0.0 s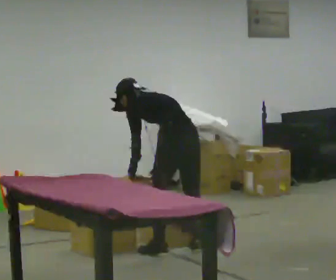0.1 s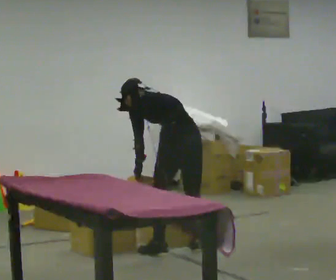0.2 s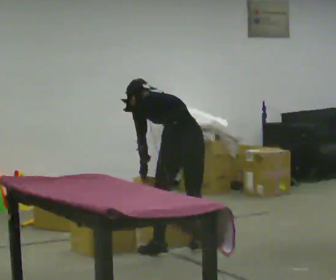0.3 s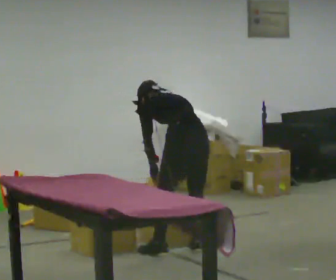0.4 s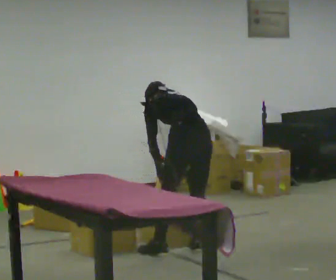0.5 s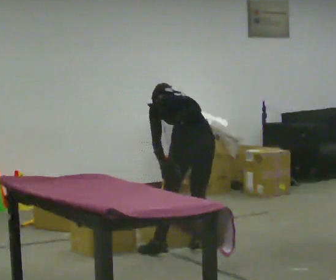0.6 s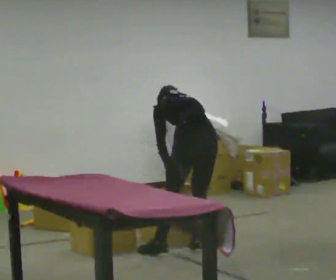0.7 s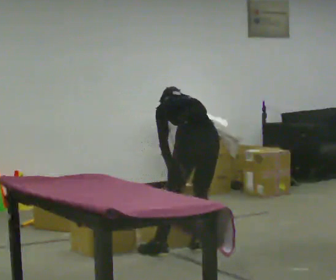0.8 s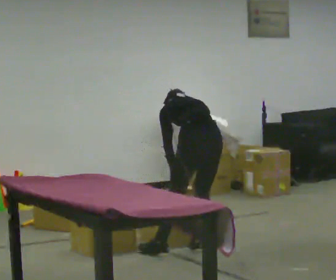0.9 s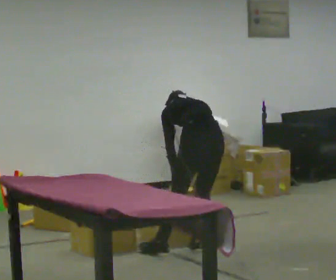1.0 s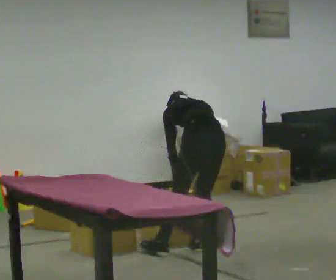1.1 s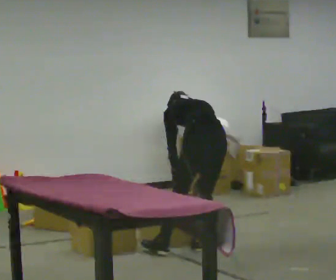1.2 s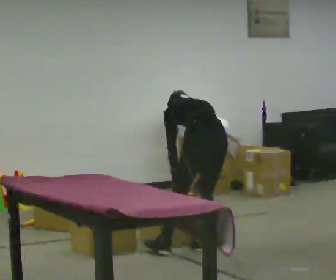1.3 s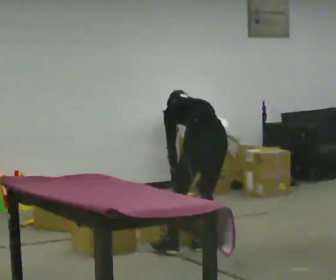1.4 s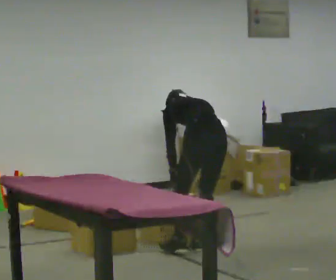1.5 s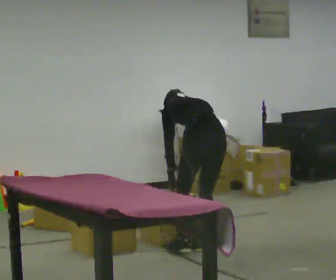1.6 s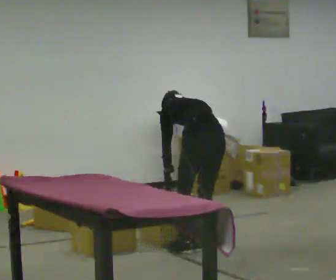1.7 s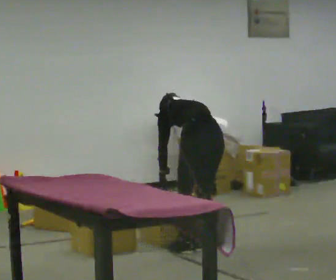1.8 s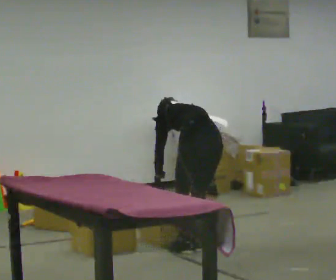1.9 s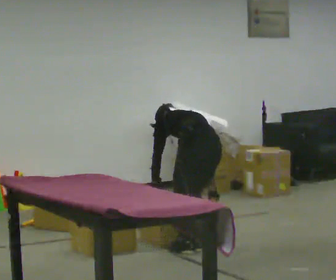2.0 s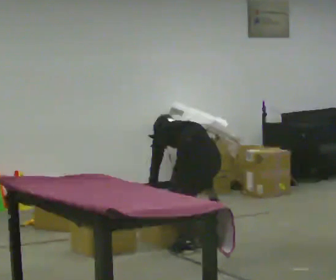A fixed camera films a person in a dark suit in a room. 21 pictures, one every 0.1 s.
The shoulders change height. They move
downward.
The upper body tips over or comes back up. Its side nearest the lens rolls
upward.
0.0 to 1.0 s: In the picture they go to the right, about 0.25 m, which for them is to their right.
1.0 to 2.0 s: The upper body goes downward. In the picture the upper body tilts counterclockwise, shoulders to the left, as they bend forward.
The film runs forward here.
